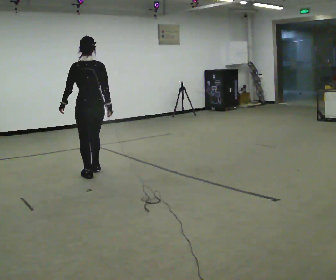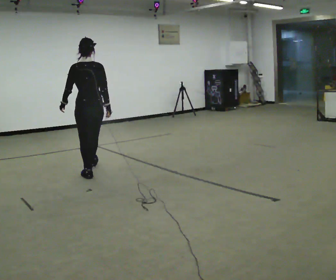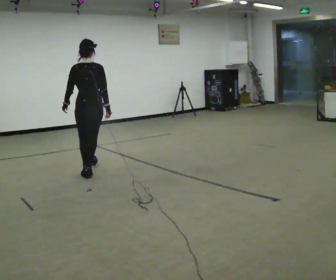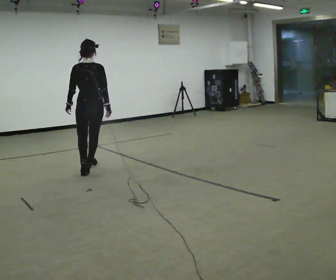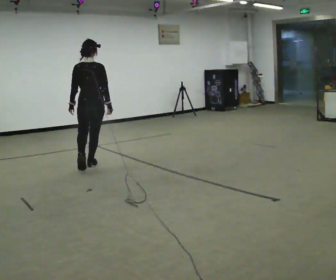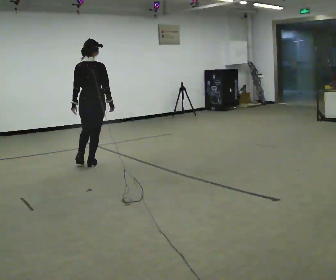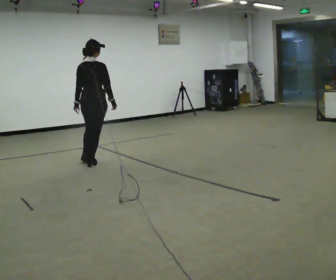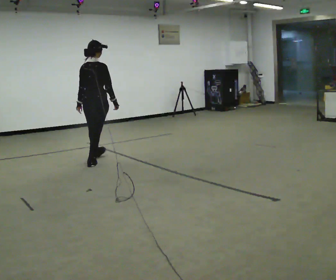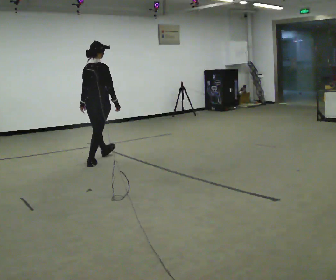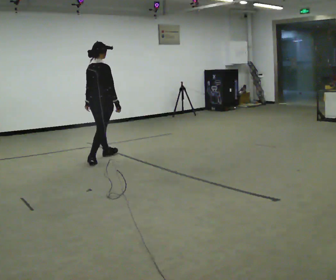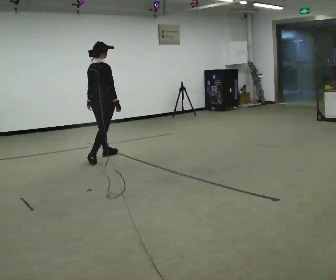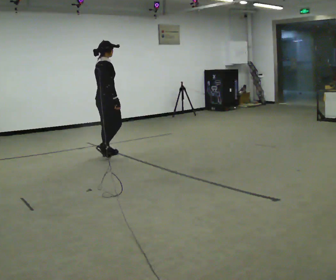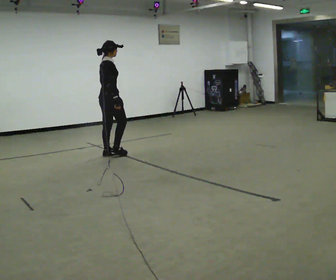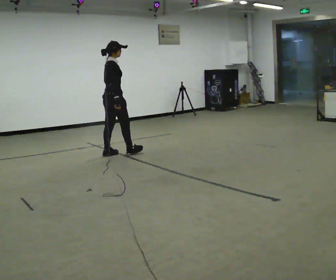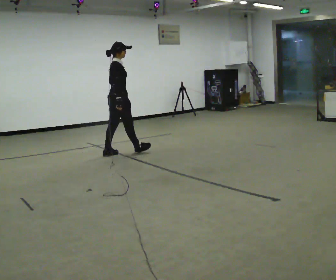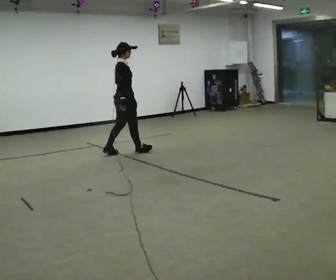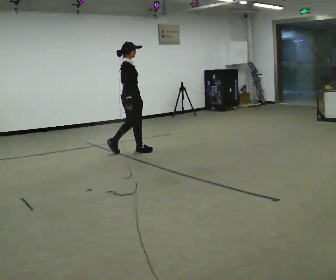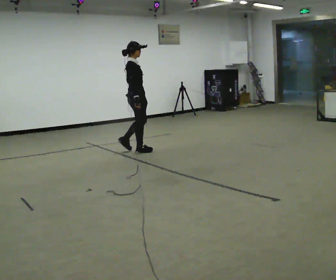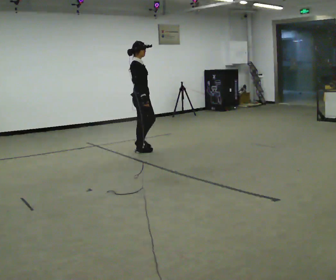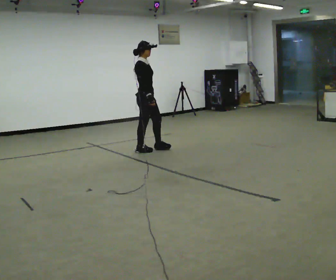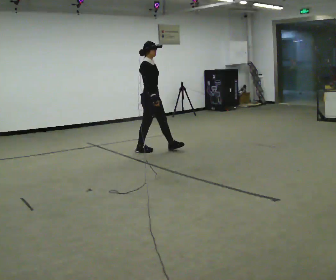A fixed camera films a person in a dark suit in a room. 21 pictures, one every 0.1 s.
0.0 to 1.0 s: The person turns about 60 degrees to their right, clockwise seen from above, so the part of the body nearest the lens slides to the left. In the picture they go away from the camera, about 1 m in 2 steps.
1.0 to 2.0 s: The part of the body nearest the lens slides to the left as the person turns to their right by about 60 degrees. In the picture they go to the right, about 0.5 m in 1 step.
The film runs forward here.
